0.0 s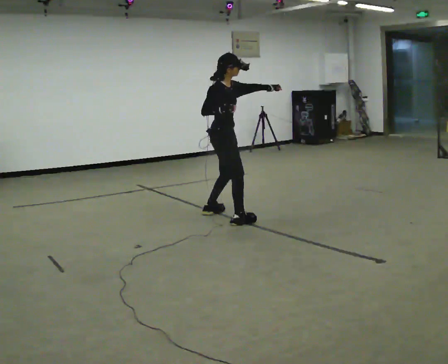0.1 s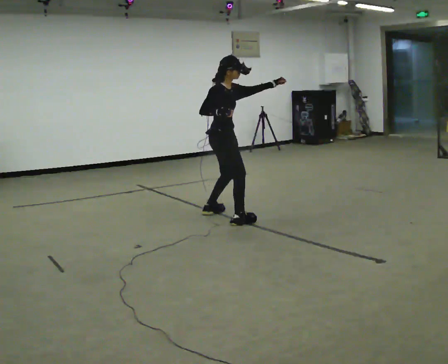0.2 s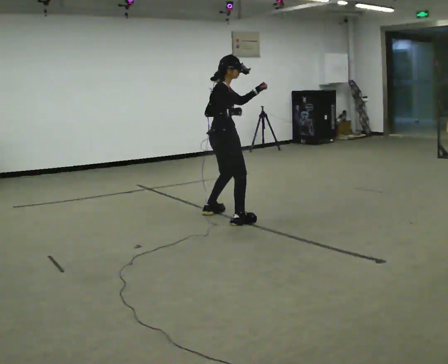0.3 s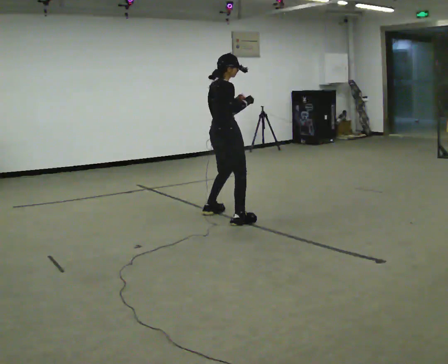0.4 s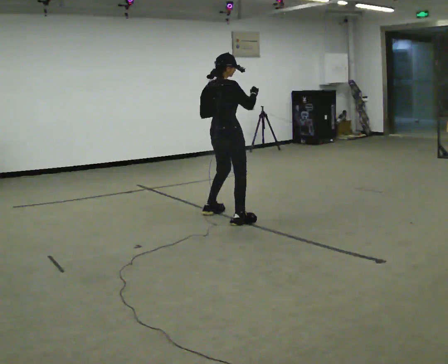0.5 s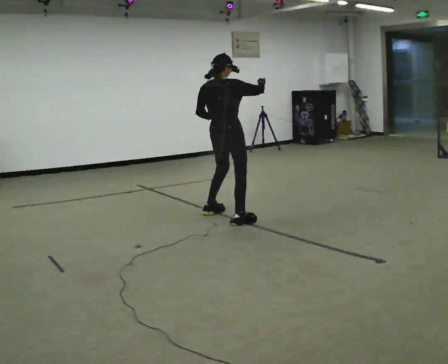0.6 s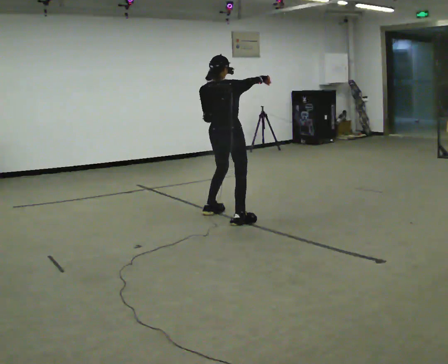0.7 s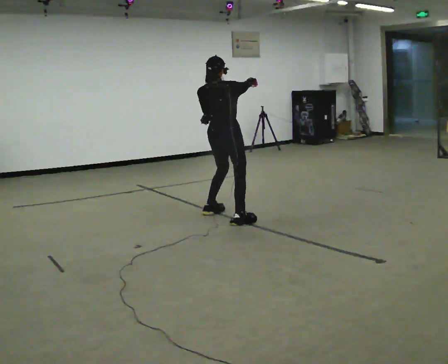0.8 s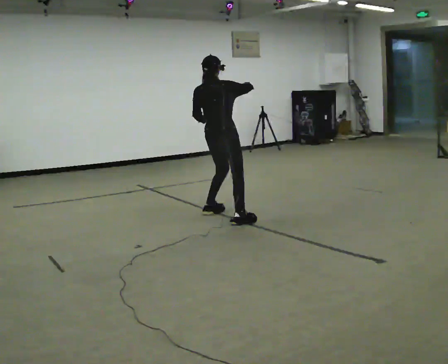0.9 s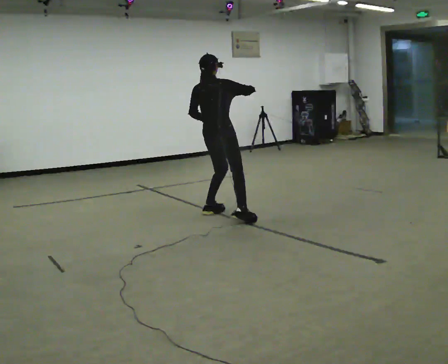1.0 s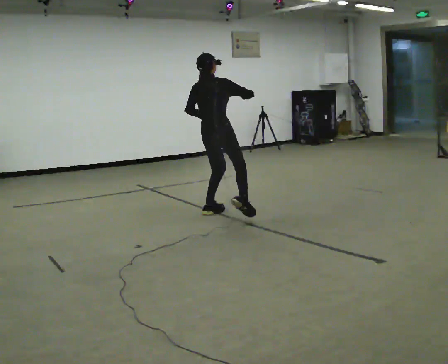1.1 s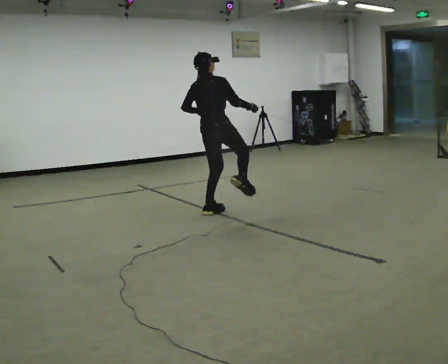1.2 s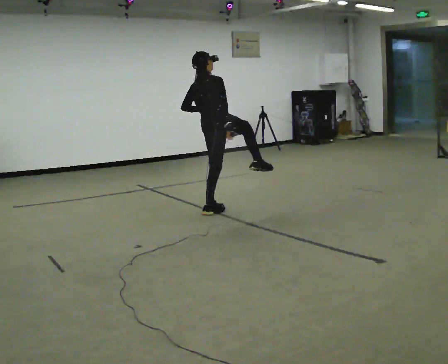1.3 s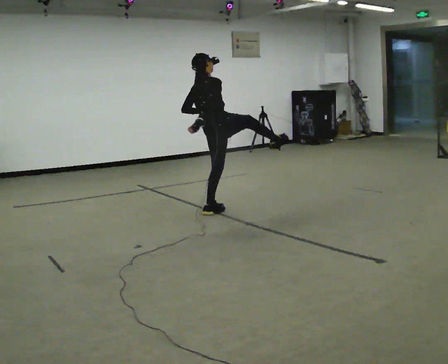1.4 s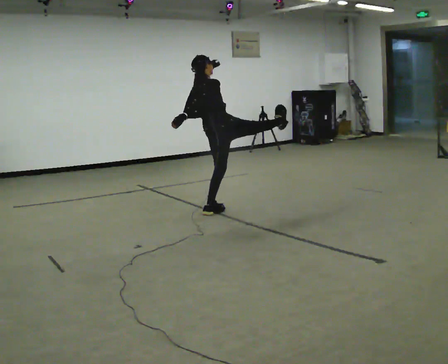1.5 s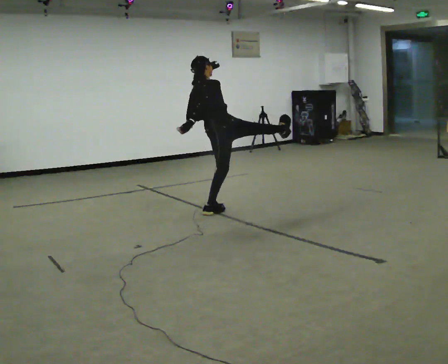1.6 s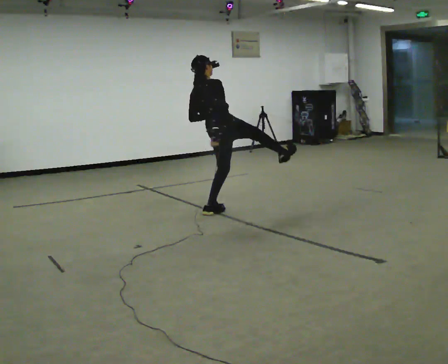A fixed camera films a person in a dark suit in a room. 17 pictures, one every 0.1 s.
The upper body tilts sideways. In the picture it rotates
counterclockwise.
0.0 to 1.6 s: The part of the body nearest the lens slides to the right as the person turns to their left by about 60 degrees. In the picture the upper body tilts counterclockwise, shoulders to the left. In the picture their left hand goes to the left.
The film runs forward here.
